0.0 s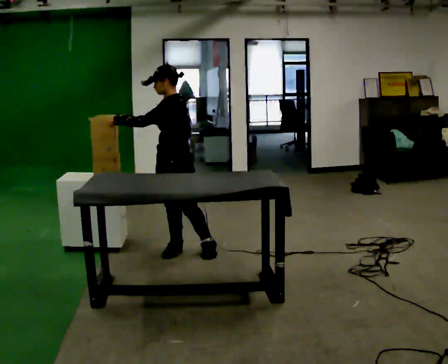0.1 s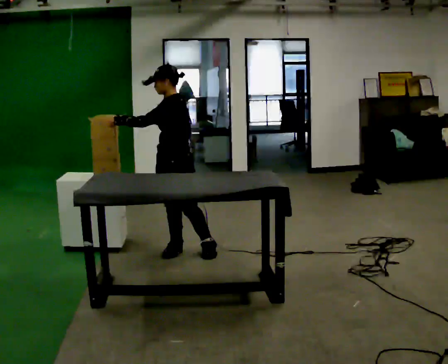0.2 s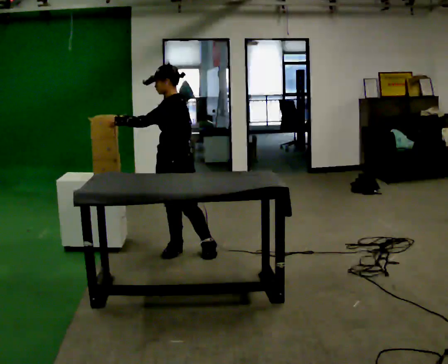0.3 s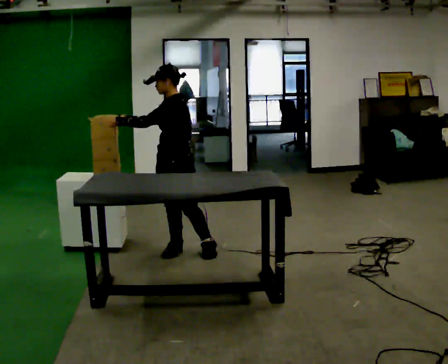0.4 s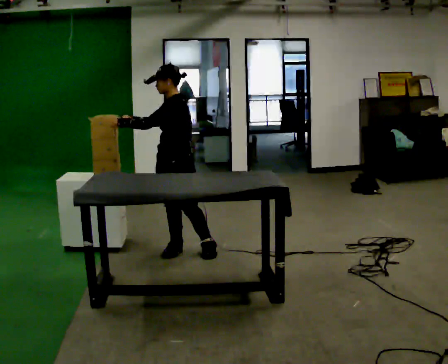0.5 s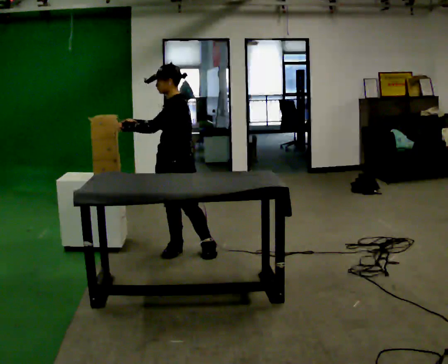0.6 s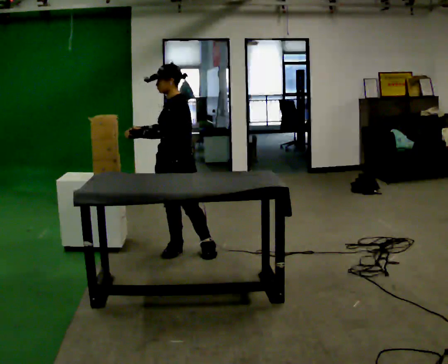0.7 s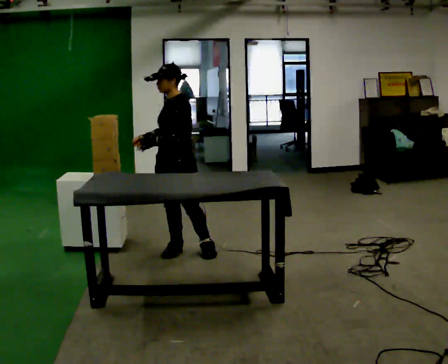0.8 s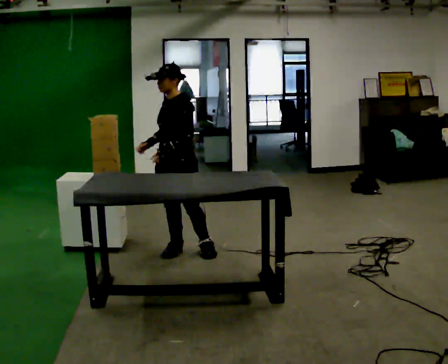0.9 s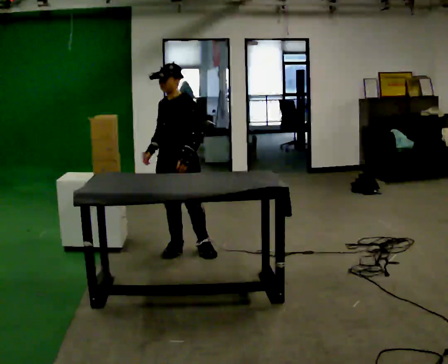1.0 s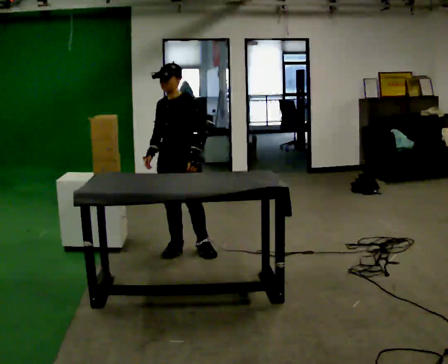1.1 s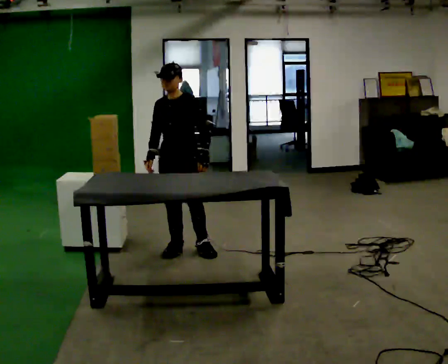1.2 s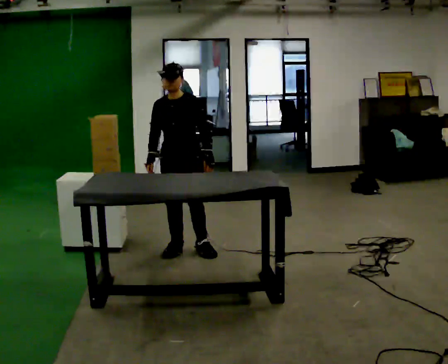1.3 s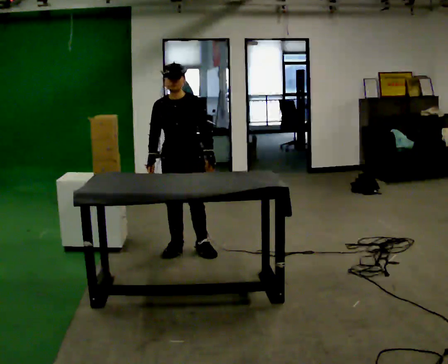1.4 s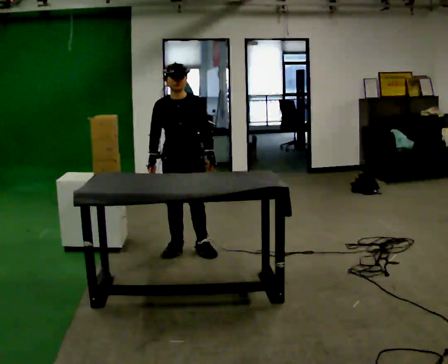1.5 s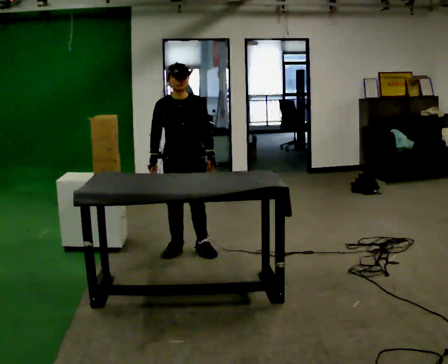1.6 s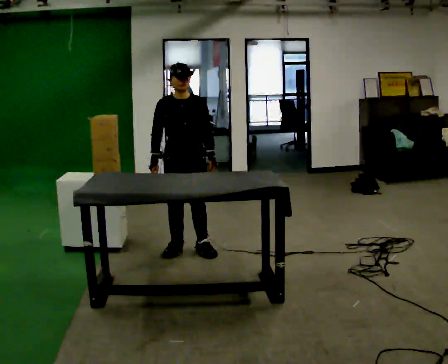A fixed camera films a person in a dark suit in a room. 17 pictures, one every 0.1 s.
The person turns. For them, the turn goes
to their left.
The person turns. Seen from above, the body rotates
counterclockwise.
0.0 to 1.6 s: Seen from above the body turns counterclockwise, about 75 degrees: to their left, with its near side sliding to the right. In the picture their left hand goes to the right and downward, the arm swinging counterclockwise.
The film runs forward here.
